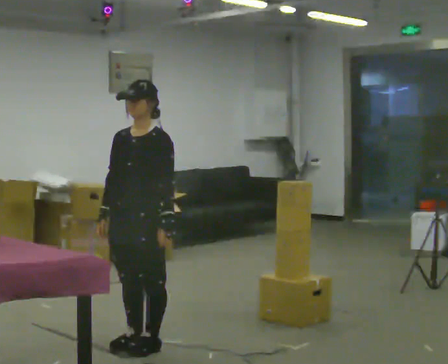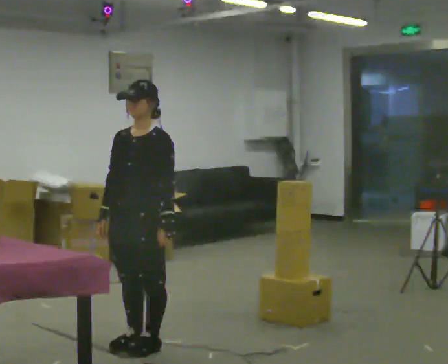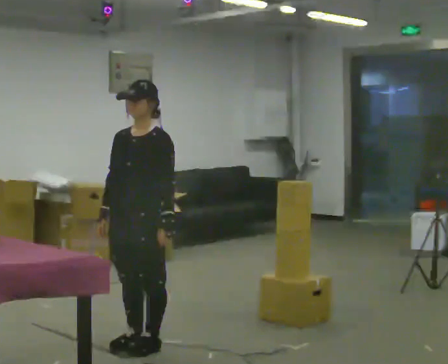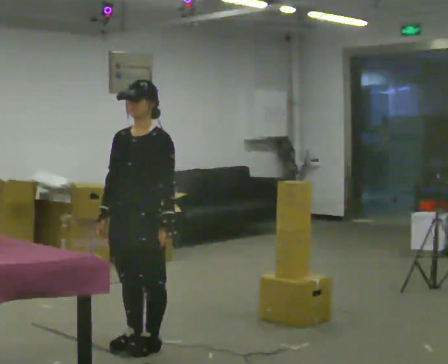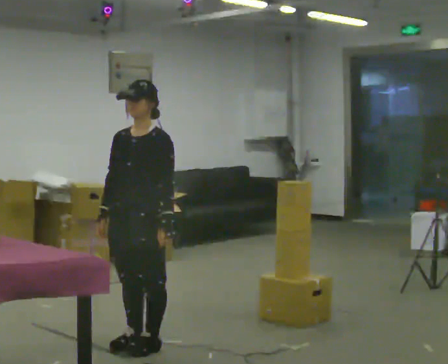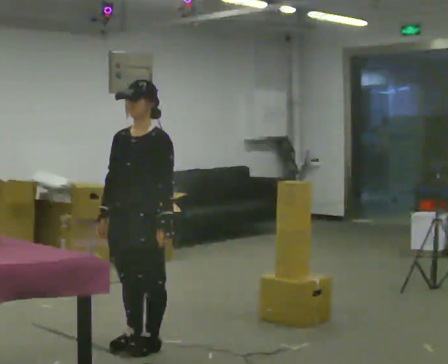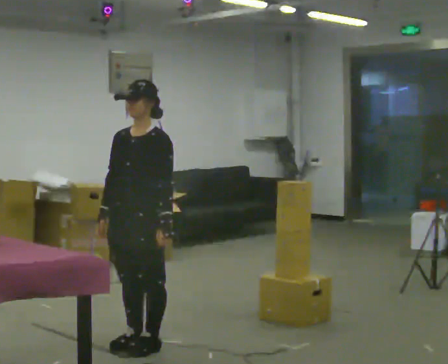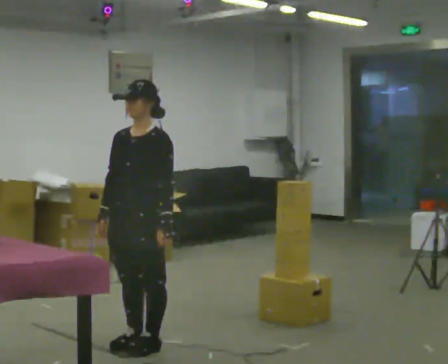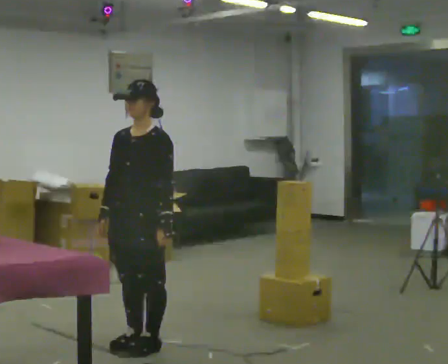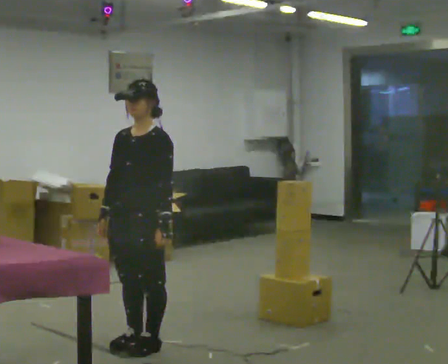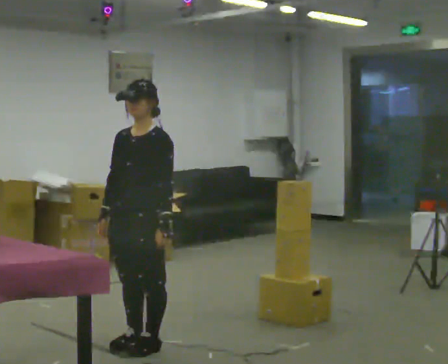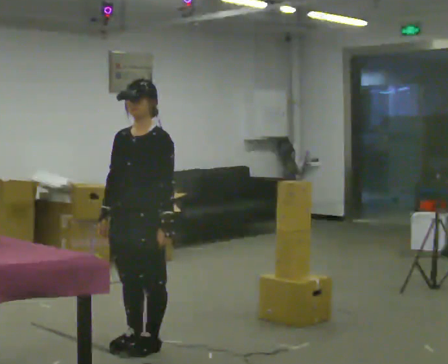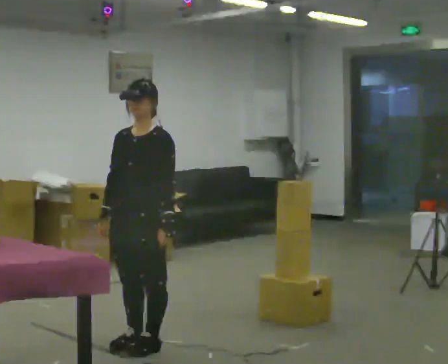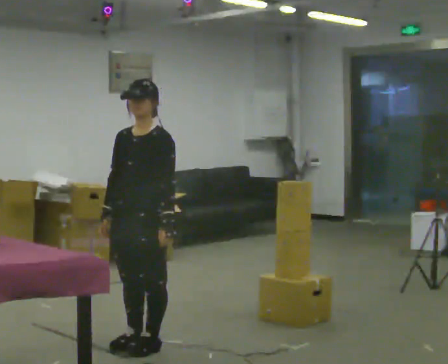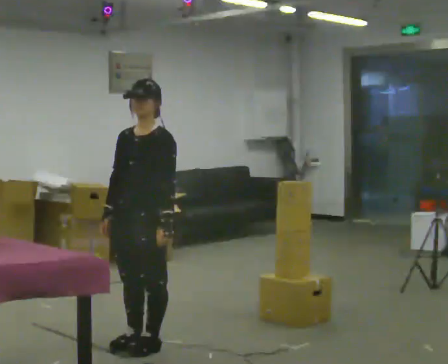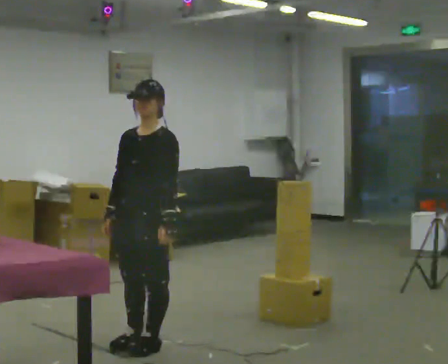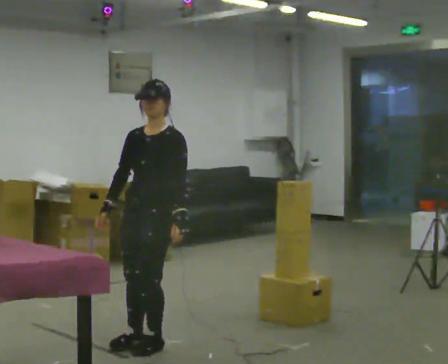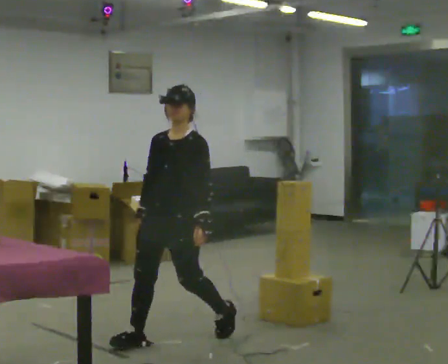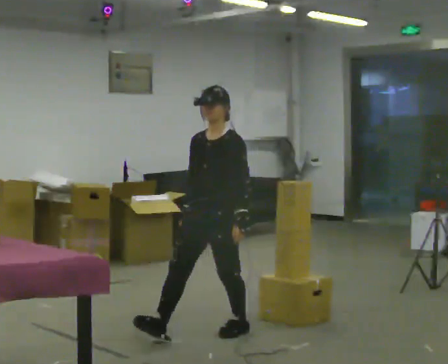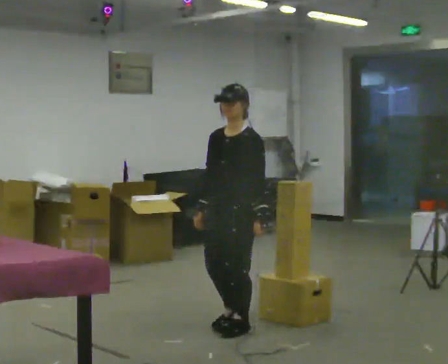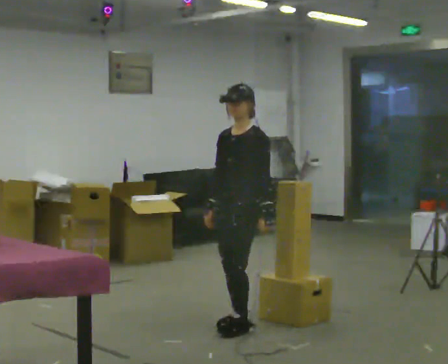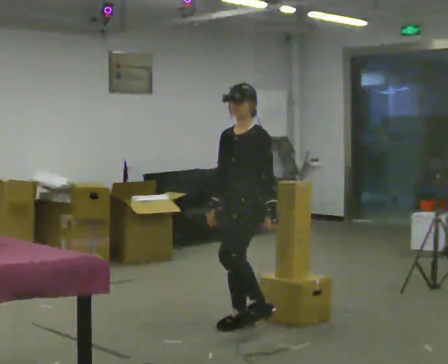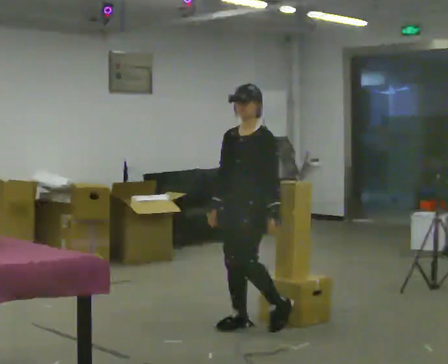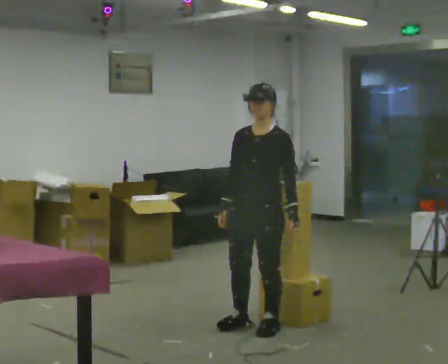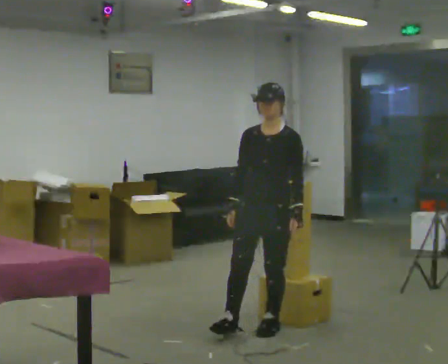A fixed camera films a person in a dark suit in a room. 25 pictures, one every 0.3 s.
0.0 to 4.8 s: The person moves a little, or ends about where they began.
4.8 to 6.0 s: In the picture they go to the right and away from the camera, about 0.5 m in 1 step, which for them is backward.
6.0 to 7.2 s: Seen from above the body turns counterclockwise, about 30 degrees: to their left, with its near side sliding to the right.
The film runs backward here.
